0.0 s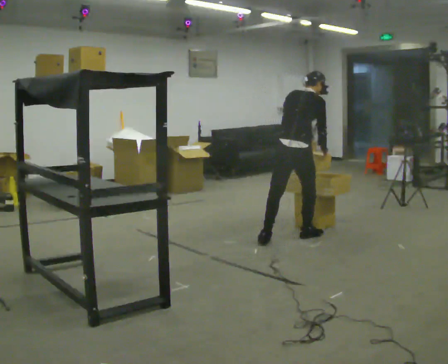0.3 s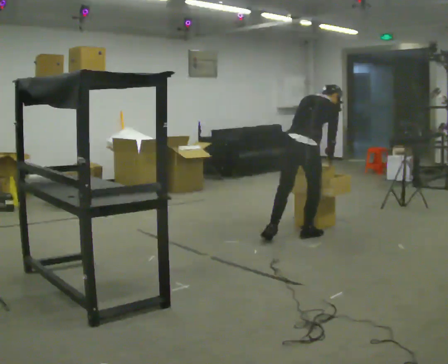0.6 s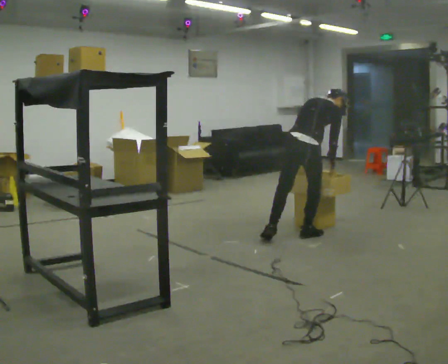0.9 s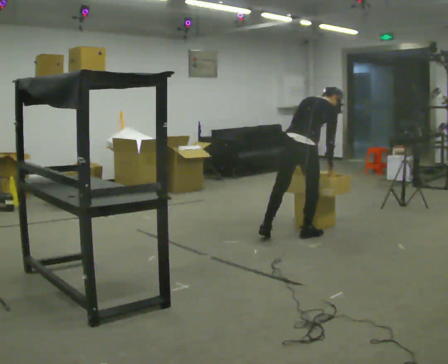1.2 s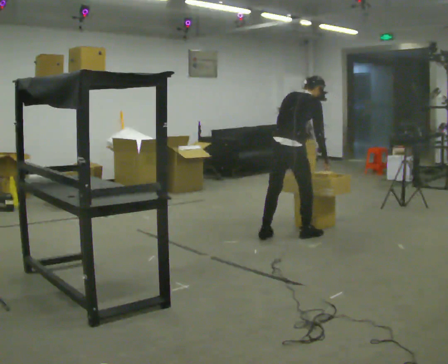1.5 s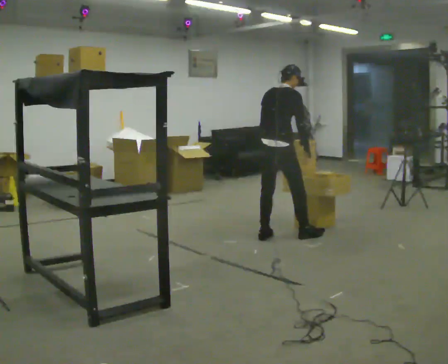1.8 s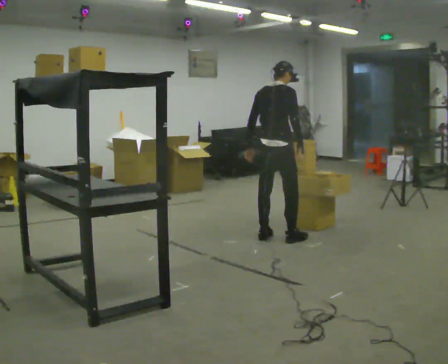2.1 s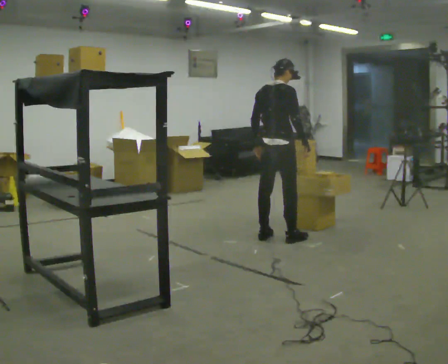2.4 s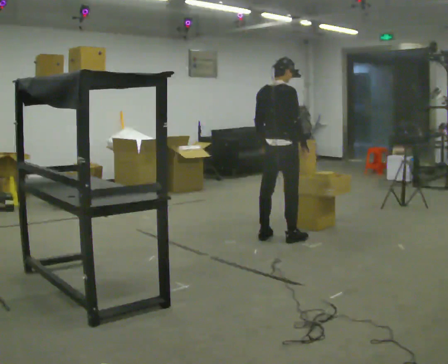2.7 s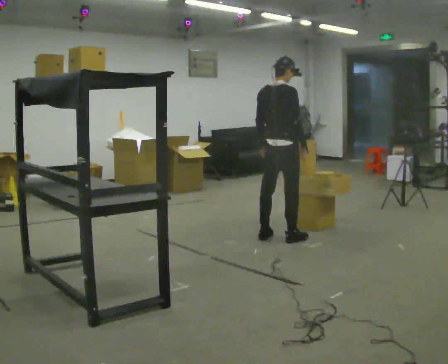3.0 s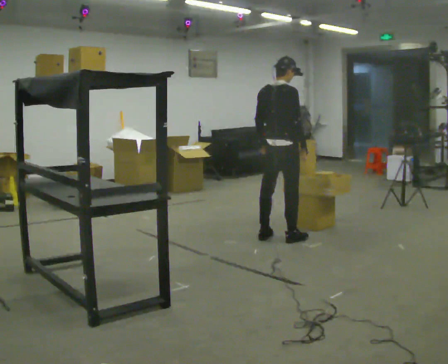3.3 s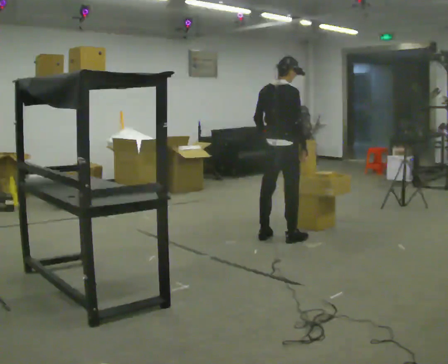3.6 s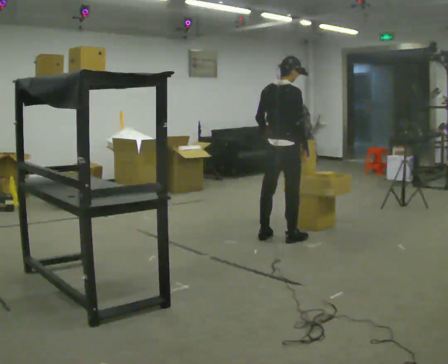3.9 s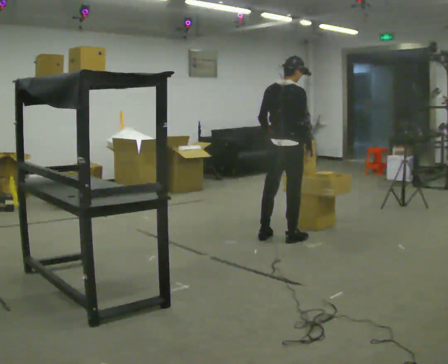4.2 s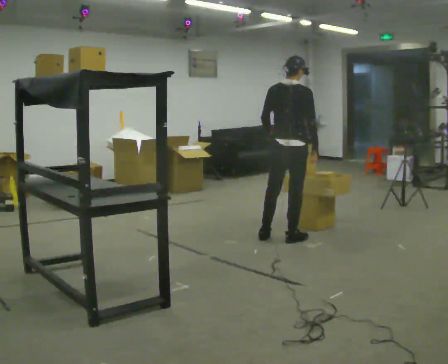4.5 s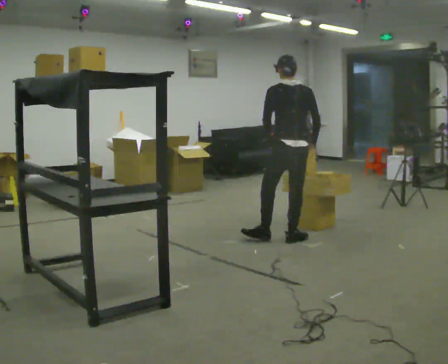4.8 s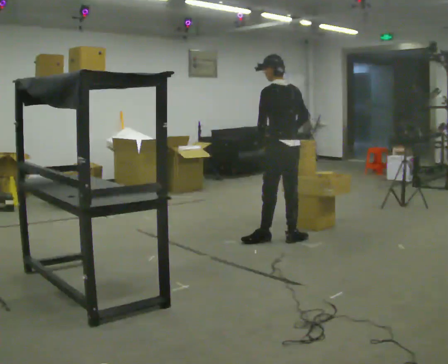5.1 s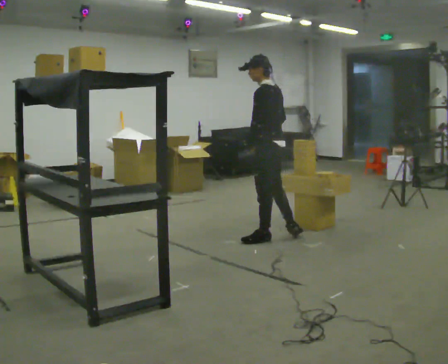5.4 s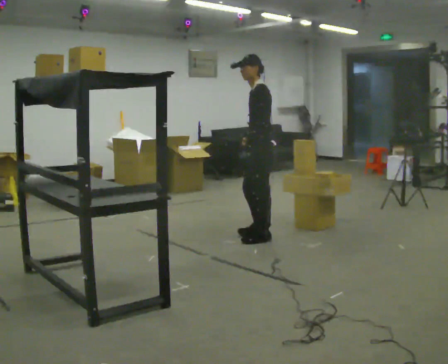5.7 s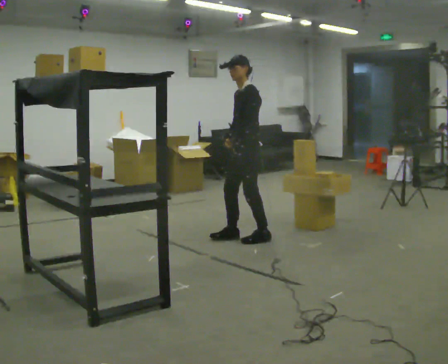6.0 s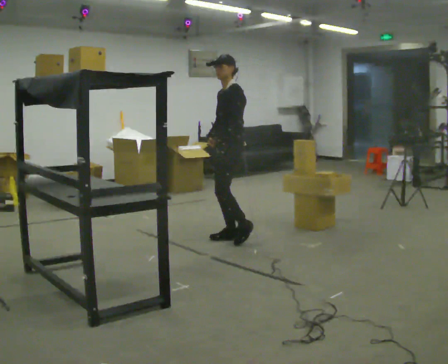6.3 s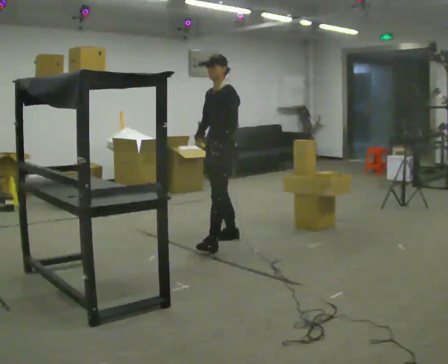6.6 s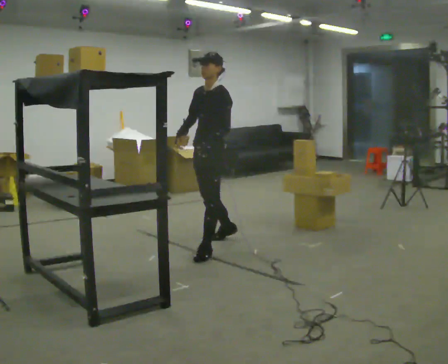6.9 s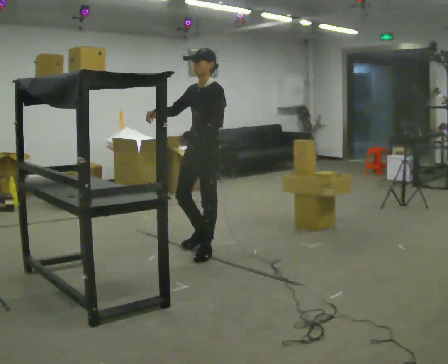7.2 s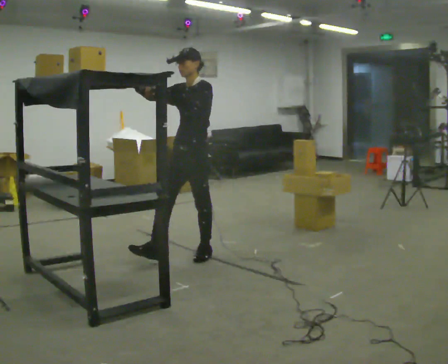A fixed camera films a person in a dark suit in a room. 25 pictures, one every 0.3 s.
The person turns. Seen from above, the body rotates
counterclockwise.
The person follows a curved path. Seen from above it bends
counterclockwise.
0.0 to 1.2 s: The person moves a little, or ends about where they began.
1.2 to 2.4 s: The upper body tips toward the camera, its near side rolling downward, as they lean back or straighten. In the picture their left hand goes to the left.
2.4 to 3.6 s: The person moves a little, or ends about where they began.
3.6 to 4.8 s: The person turns about 75 degrees to their left, counterclockwise seen from above, so the part of the body nearest the lens slides to the right.
4.8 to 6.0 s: The part of the body nearest the lens slides to the right as the person turns to their left by about 75 degrees. In the picture they go to the left, about 0.5 m in 1 step.
6.0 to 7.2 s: In the picture they go toward the camera, about 0.75 m in 1 step, which for them is forward and to their left. In the picture their right hand goes upward, the arm swinging clockwise.
The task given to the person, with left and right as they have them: Take an object down from the highest shelf you can comfortably reach, carry it across, and place it on the waist-height shelf. Keep going until the operator says stop; one object at a time, and do not rush between trips.
The film runs forward here.
